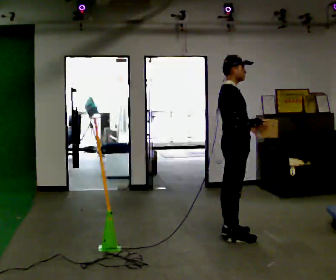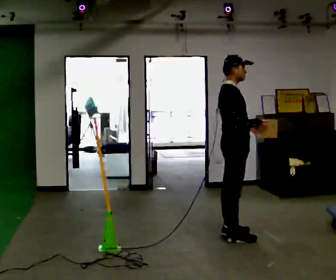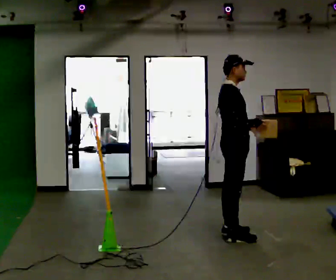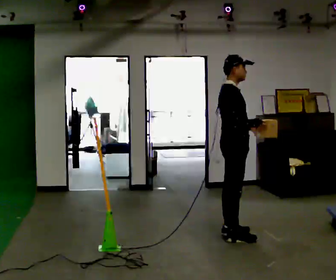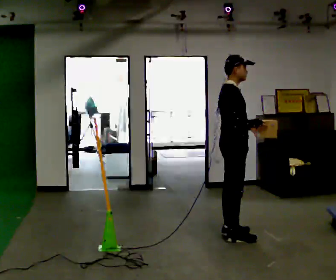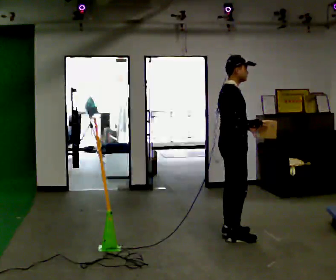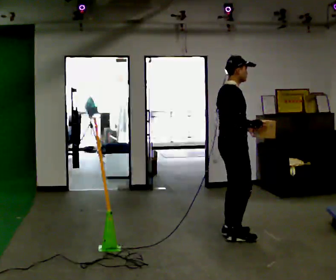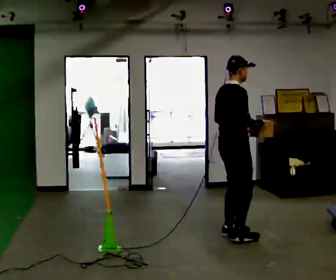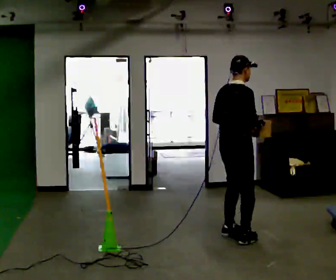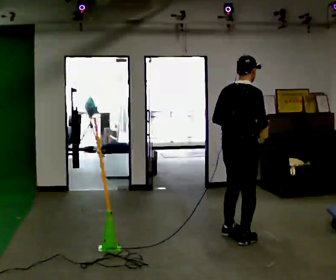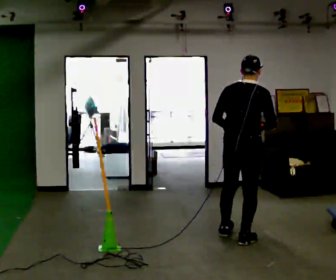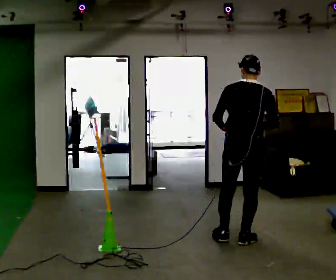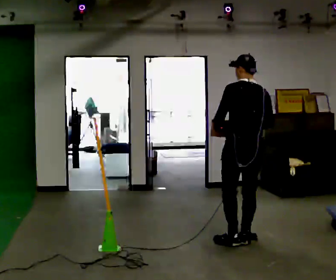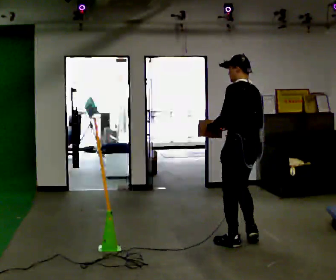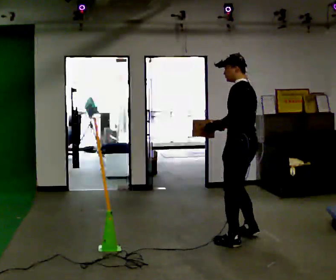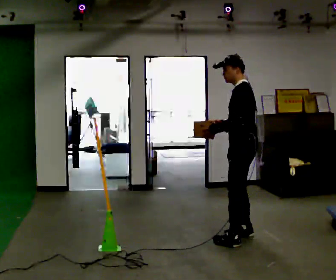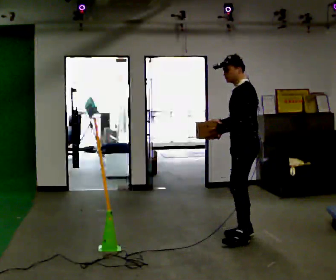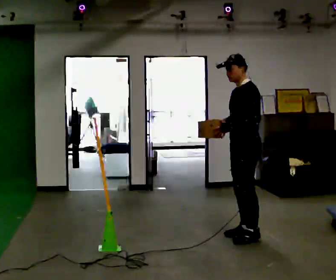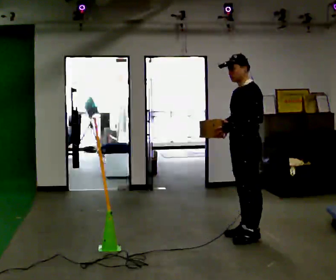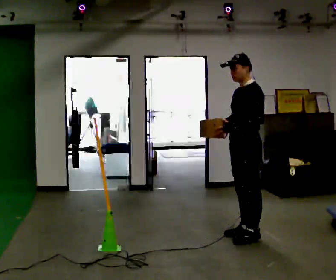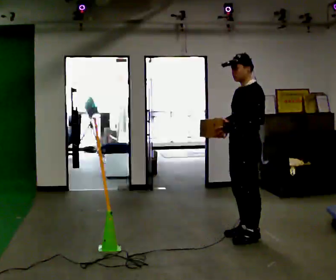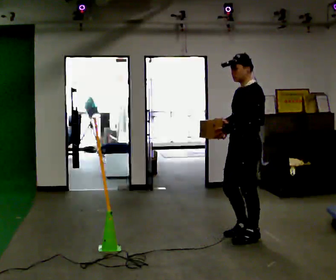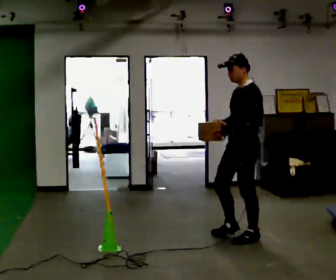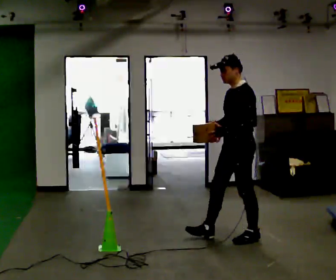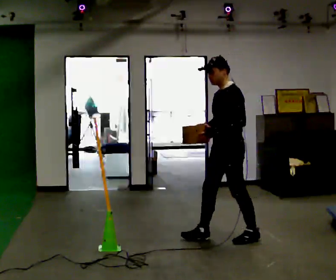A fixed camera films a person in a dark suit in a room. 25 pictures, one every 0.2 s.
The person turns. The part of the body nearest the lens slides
to the right.
The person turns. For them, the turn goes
to their left.
0.0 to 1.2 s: The person moves a little, or ends about where they began.
1.2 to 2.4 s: The part of the body nearest the lens slides to the right as the person turns to their left by about 105 degrees. In the picture they go toward the camera and to the right, about 0.25 m in 1 step.
2.4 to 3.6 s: The part of the body nearest the lens slides to the right as the person turns to their left by about 90 degrees. In the picture they go away from the camera, about 0.25 m in 3 steps.
3.6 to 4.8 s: In the picture they go to the left, about 0.25 m in 1 step, which for them is forward.
The film runs forward here.
